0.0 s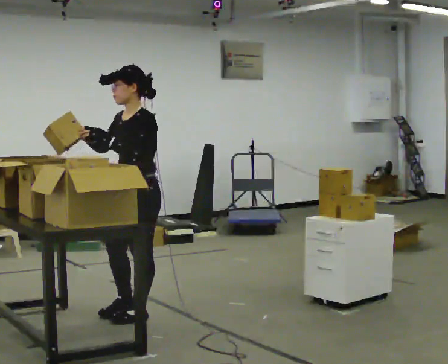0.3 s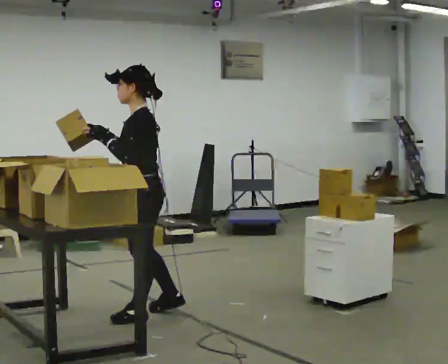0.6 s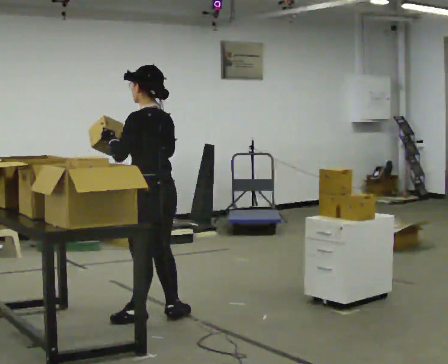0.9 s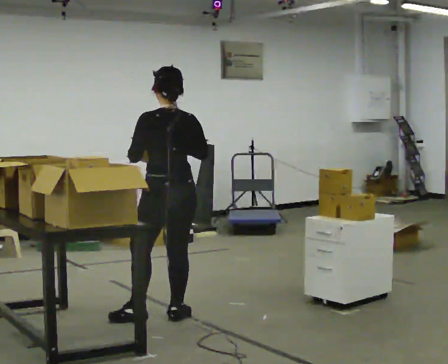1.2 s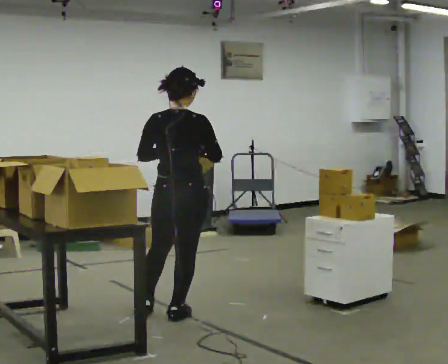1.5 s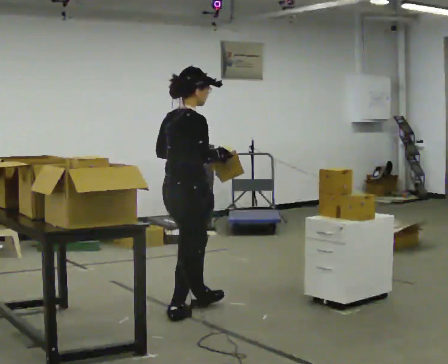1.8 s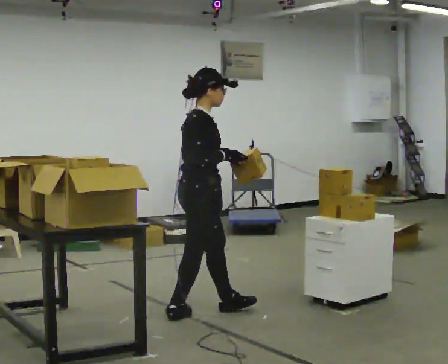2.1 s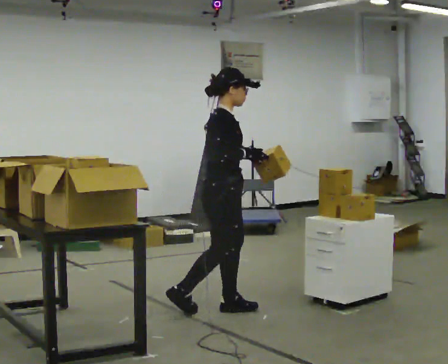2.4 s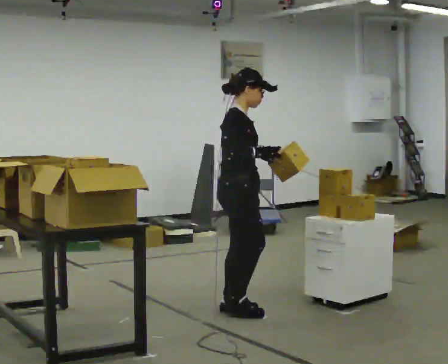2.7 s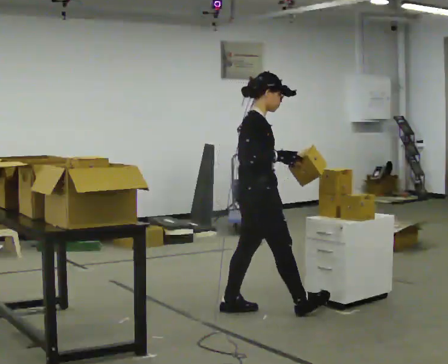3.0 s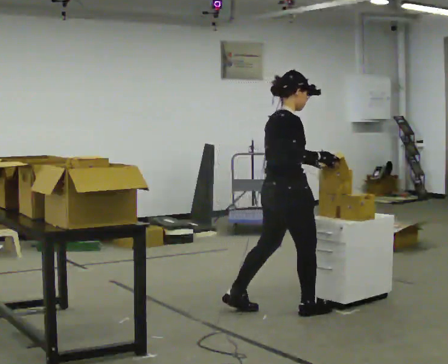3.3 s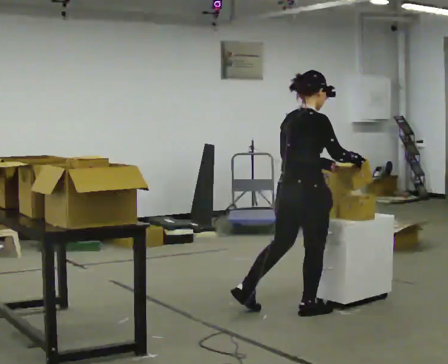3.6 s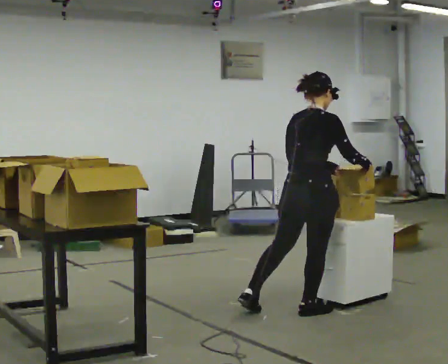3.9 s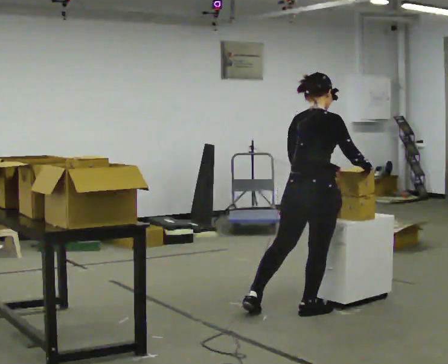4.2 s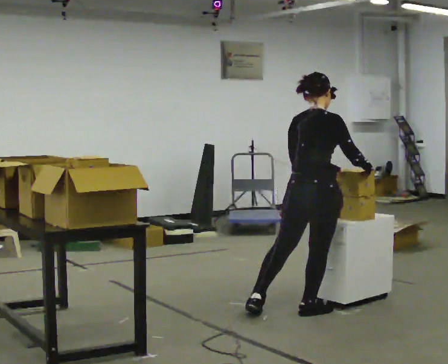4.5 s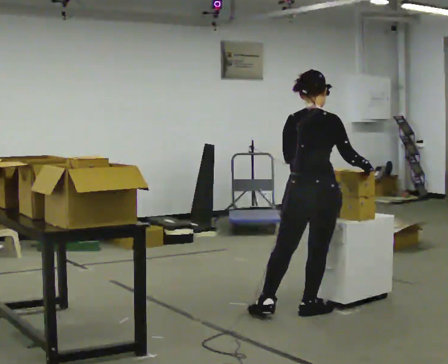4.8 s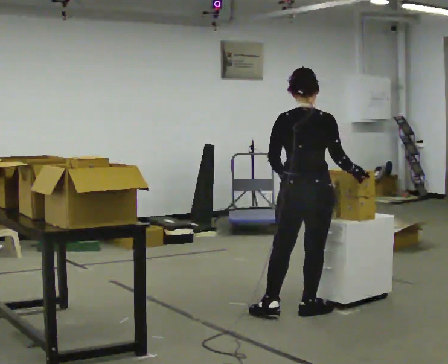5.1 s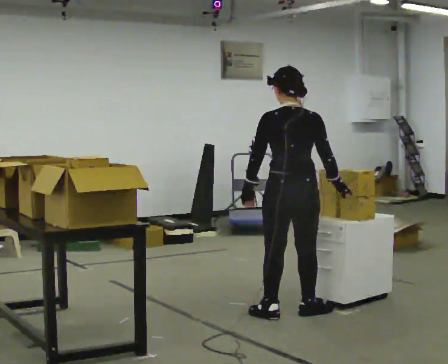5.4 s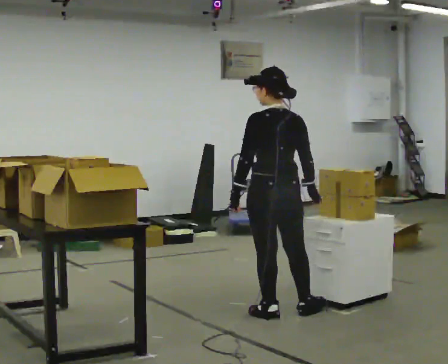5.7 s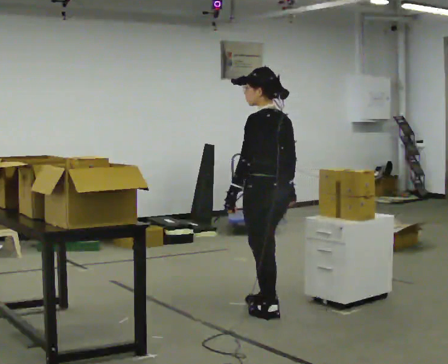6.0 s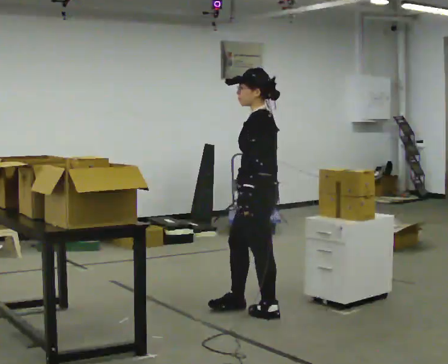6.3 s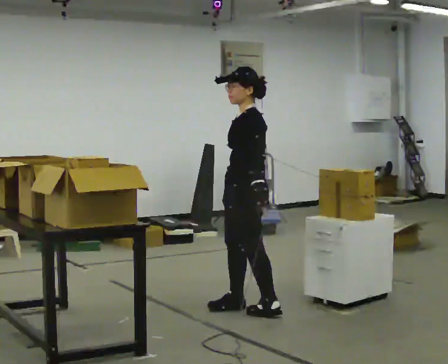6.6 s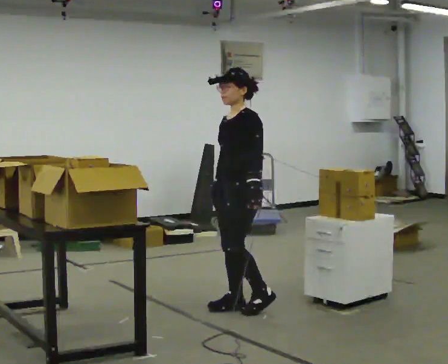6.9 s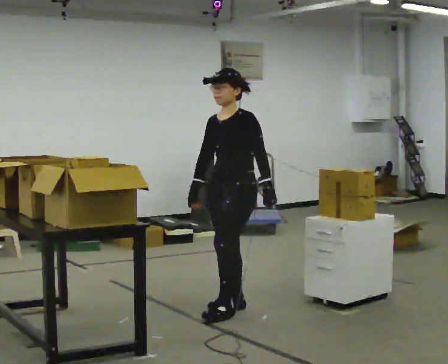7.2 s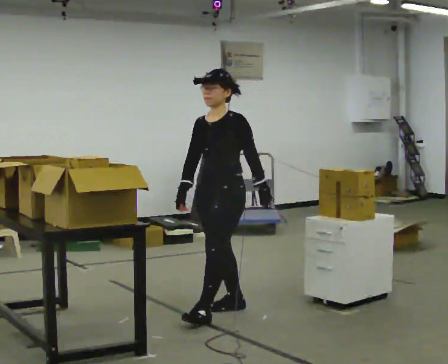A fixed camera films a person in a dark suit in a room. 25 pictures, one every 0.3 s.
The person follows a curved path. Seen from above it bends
clockwise.
0.0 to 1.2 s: The person turns about 135 degrees to their right, clockwise seen from above, so the part of the body nearest the lens slides to the left. In the picture they go to the right, about 0.25 m in 1 step.
1.2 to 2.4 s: Seen from above the body turns clockwise, about 75 degrees: to their right, with its near side sliding to the left. In the picture they go to the right and away from the camera, about 0.5 m in 1 step.
2.4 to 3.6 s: The part of the body nearest the lens slides to the right as the person turns to their left by about 60 degrees. In the picture they go to the right, about 0.5 m in 2 steps, which for them is forward and to their right.
3.6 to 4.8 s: The part of the body nearest the lens slides to the right as the person turns to their left by about 30 degrees.
4.8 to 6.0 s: The person turns about 90 degrees to their left, counterclockwise seen from above, so the part of the body nearest the lens slides to the right. In the picture they go to the left, about 0.25 m in 1 step.
6.0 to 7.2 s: The part of the body nearest the lens slides to the right as the person turns to their left by about 45 degrees. In the picture they go to the left, about 0.25 m in 1 step, which for them is forward and to their right.
The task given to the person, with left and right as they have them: 1. Read the list the operator gives you. 2. Collect the six items on the list from the shelves. 3. Put them all in the bin on the table. 4. Tell the operator when you are finished.
The film runs forward here.
